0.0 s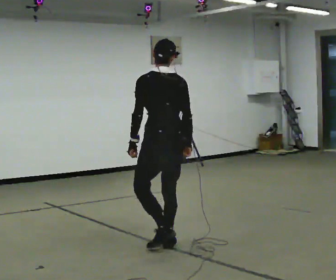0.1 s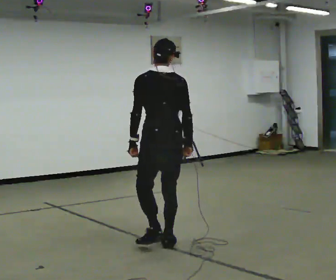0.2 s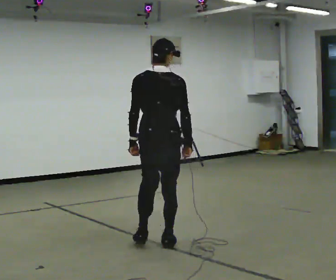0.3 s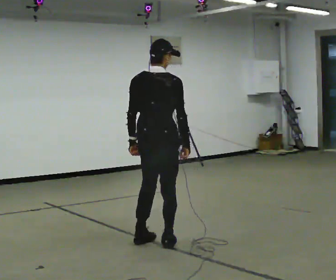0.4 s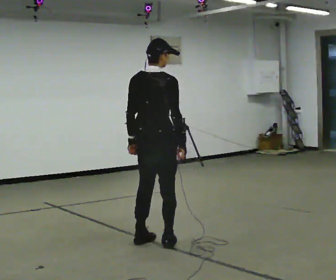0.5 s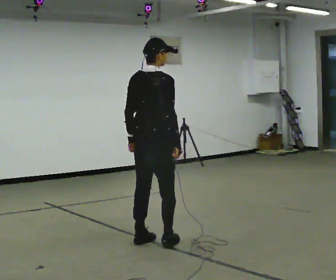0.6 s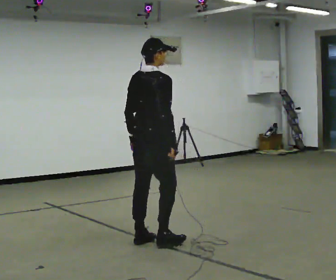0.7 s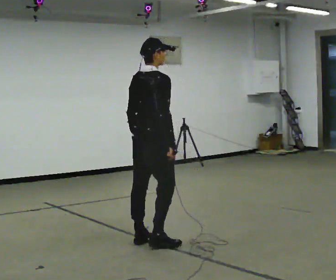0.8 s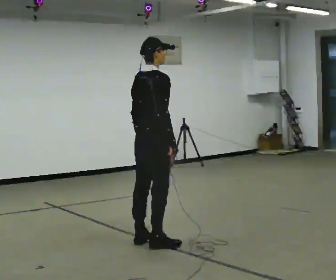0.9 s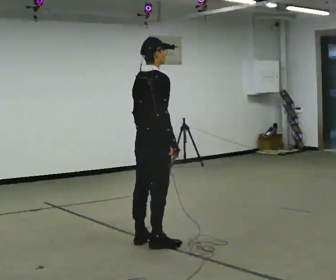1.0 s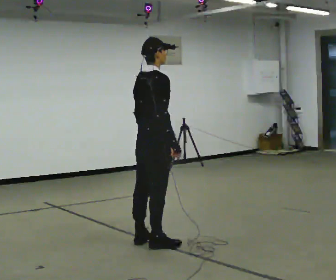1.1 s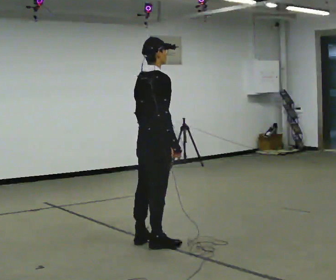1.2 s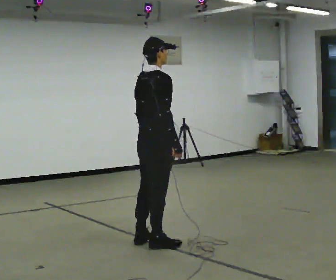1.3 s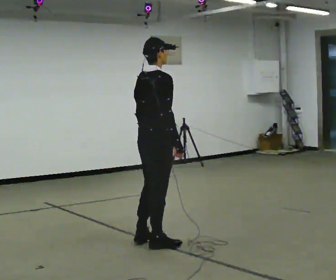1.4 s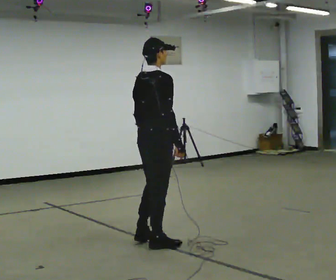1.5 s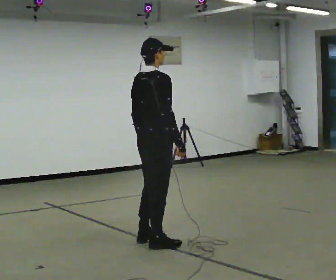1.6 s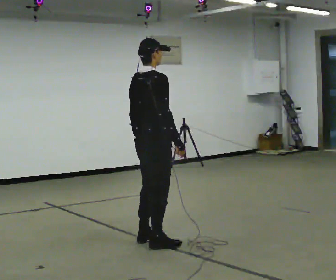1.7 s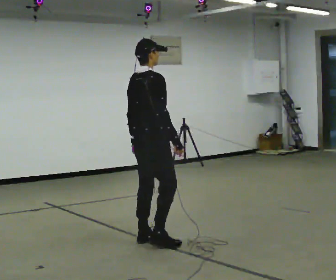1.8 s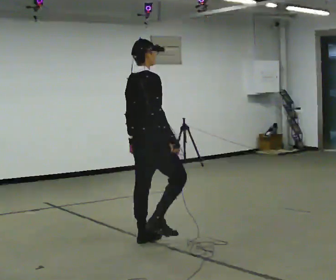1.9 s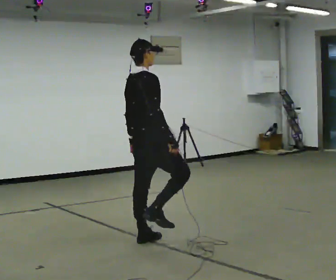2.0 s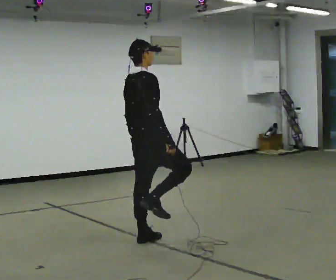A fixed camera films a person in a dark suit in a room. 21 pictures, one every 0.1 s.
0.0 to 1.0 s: Seen from above the body turns clockwise, about 75 degrees: to their right, with its near side sliding to the left.
1.0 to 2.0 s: The person moves a little, or ends about where they began.
The film runs forward here.
